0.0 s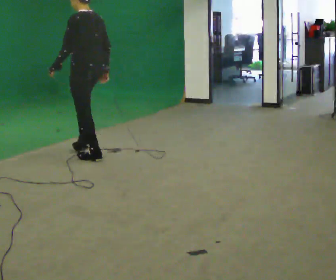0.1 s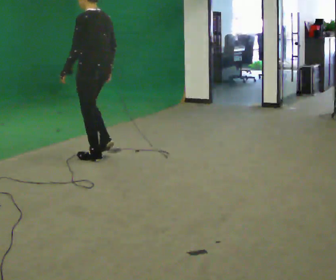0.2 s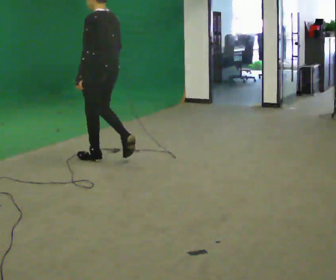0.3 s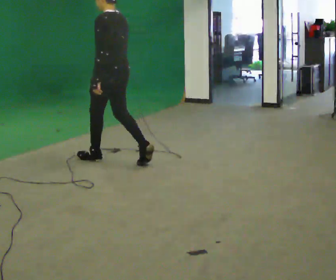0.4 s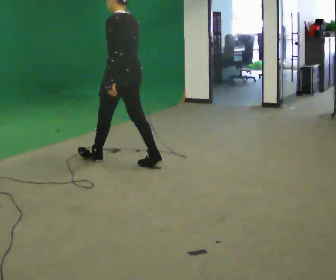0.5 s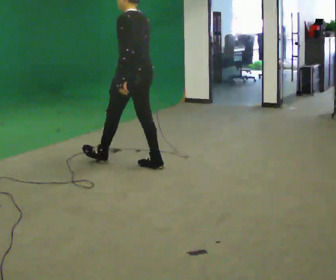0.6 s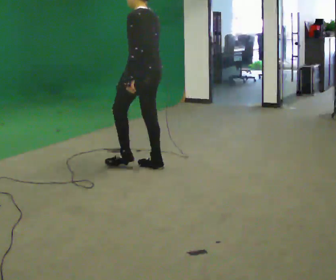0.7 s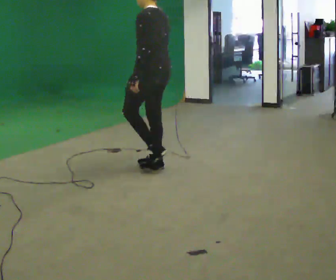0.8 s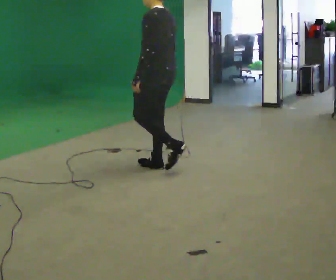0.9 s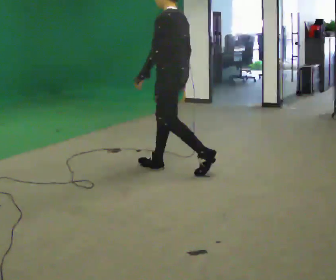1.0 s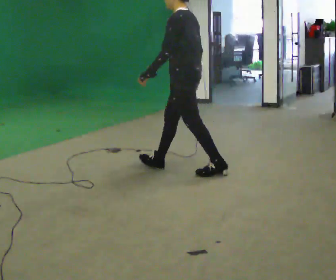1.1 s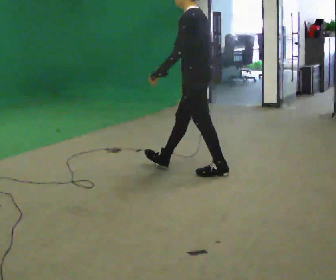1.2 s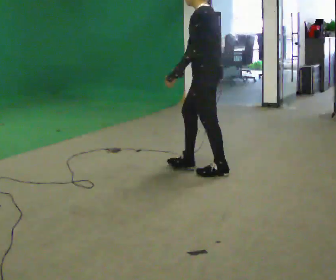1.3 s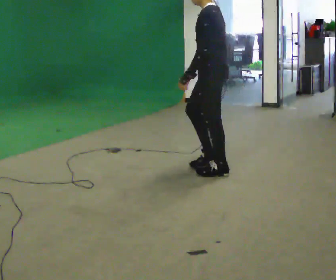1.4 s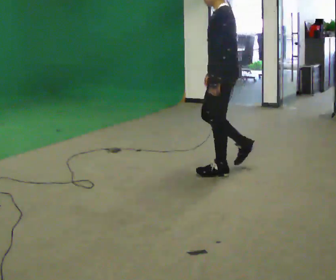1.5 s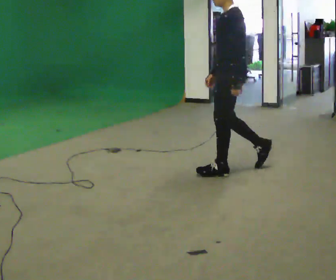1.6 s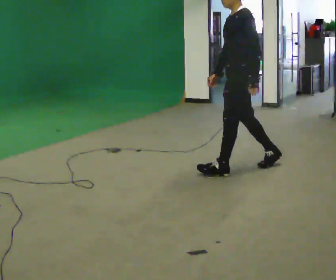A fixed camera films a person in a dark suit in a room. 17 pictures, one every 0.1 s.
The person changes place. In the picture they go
to the right.
0.0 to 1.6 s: The part of the body nearest the lens slides to the right as the person turns to their left by about 45 degrees. In the picture they go to the right, about 1.5 m in 2 steps, which for them is backward.
The film runs backward here.
